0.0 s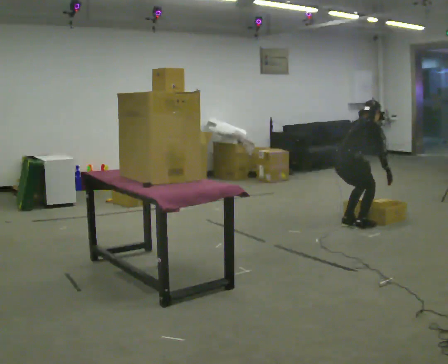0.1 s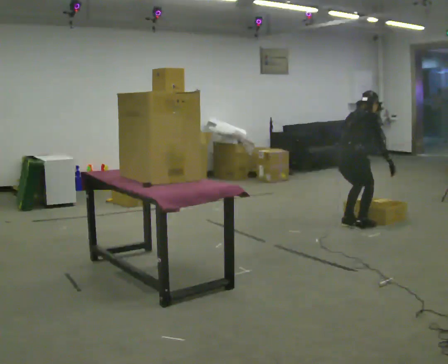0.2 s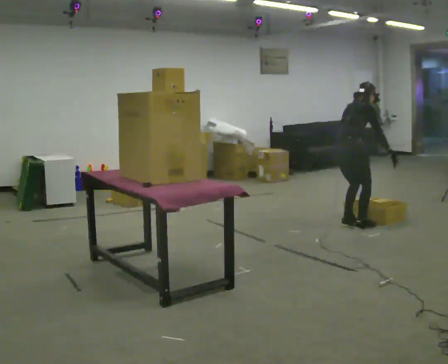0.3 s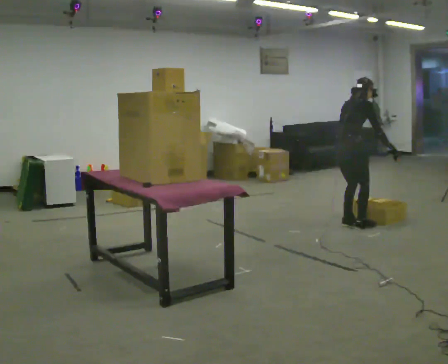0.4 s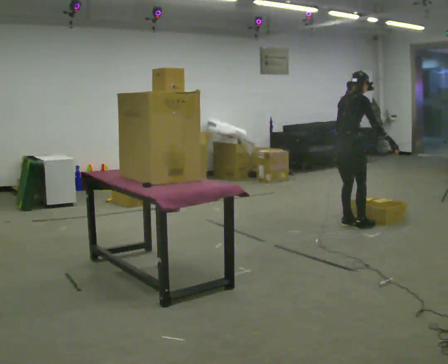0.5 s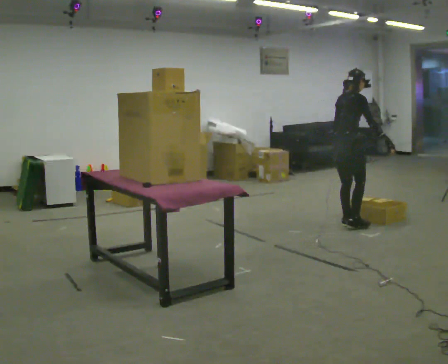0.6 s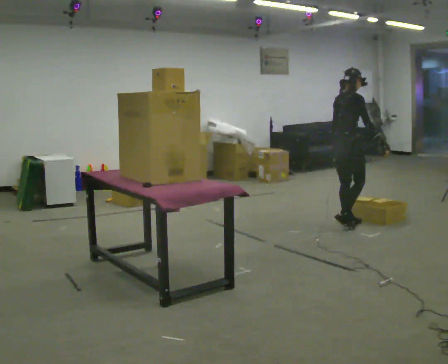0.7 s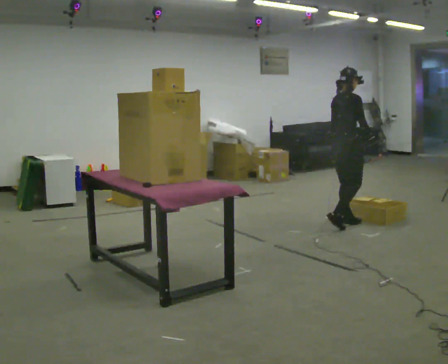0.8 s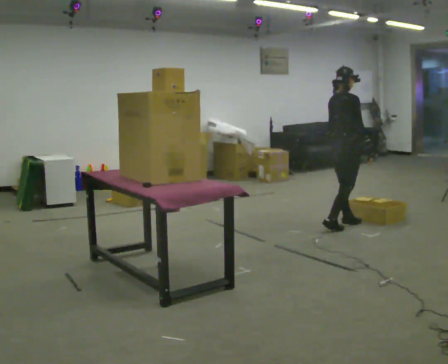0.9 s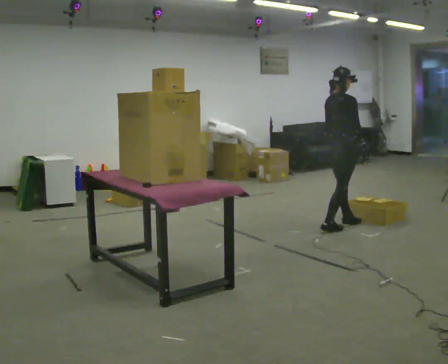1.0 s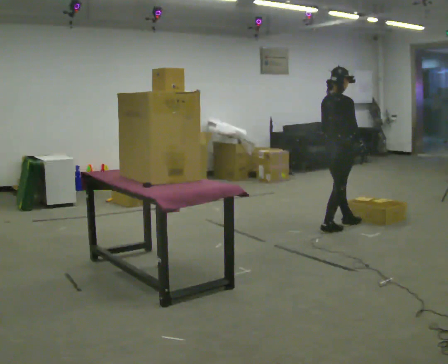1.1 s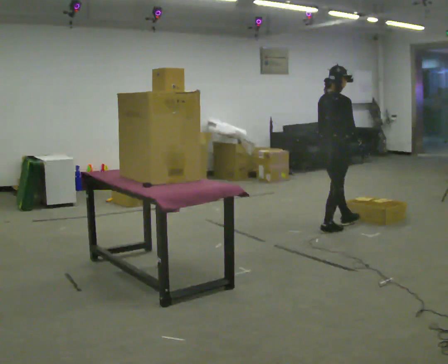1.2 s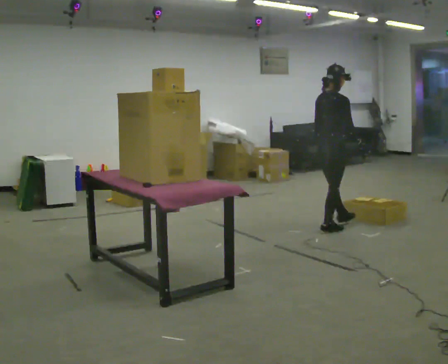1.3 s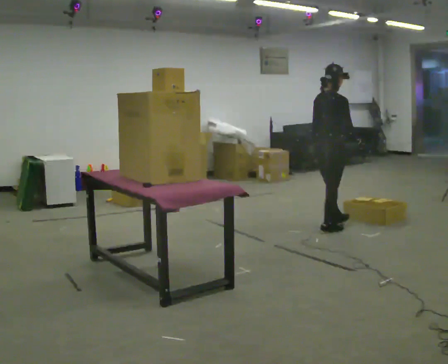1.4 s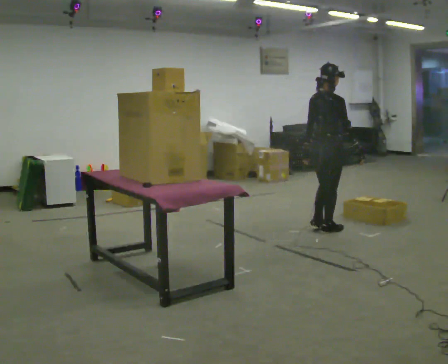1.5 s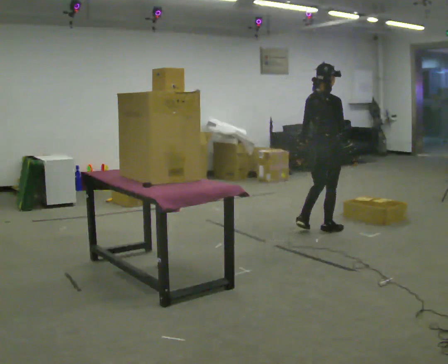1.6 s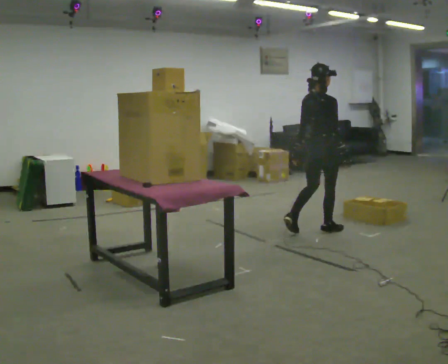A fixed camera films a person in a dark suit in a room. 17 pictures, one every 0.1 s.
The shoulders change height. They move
upward.
The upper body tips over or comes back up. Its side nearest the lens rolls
downward.
0.0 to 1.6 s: In the picture they go to the left and toward the camera, about 0.25 m in 2 steps, which for them is backward. The upper body goes upward. The upper body tips toward the camera, its near side rolling downward, as they lean back or straighten. In the picture their left hand goes upward.
The film runs backward here.
